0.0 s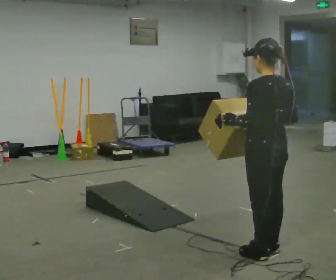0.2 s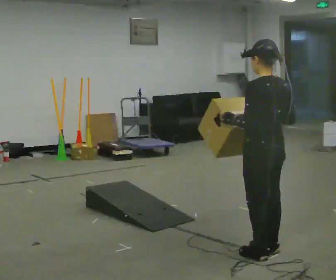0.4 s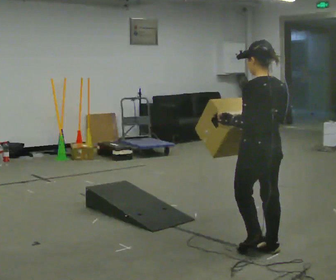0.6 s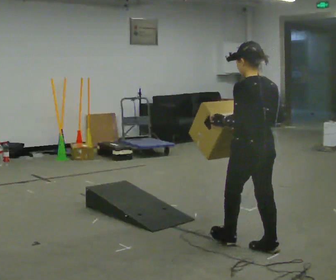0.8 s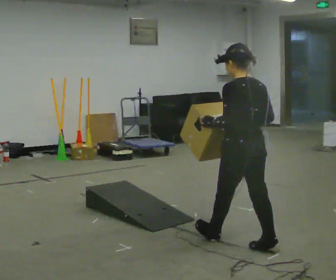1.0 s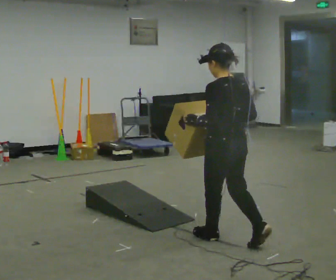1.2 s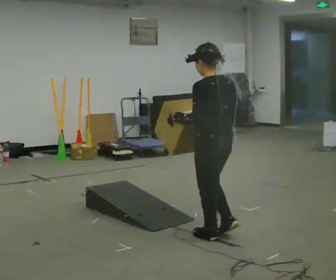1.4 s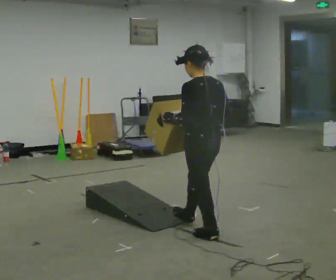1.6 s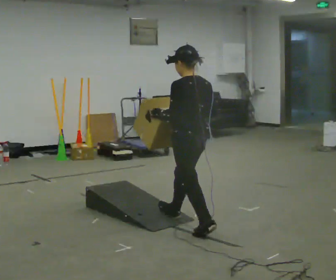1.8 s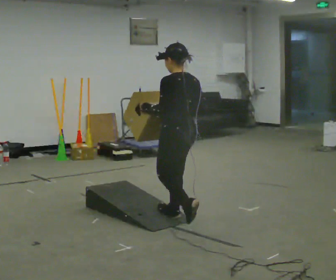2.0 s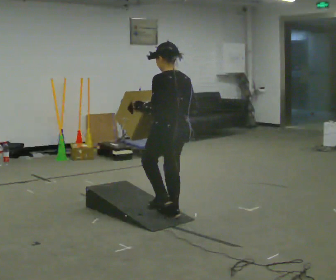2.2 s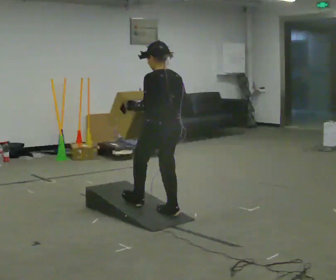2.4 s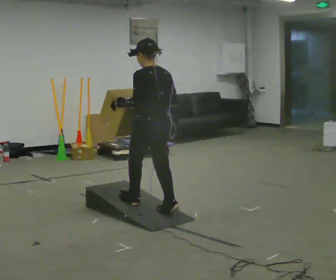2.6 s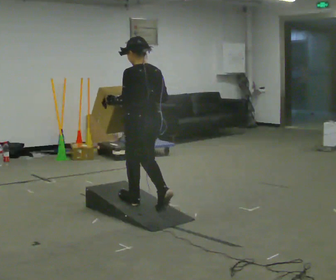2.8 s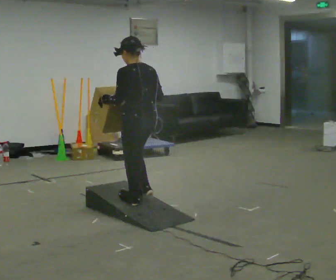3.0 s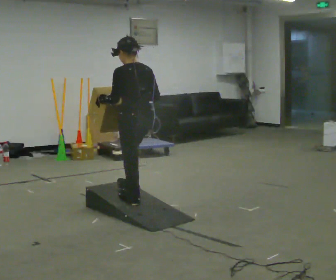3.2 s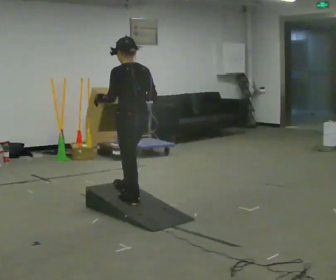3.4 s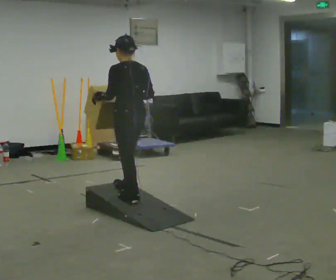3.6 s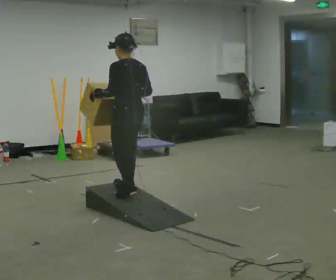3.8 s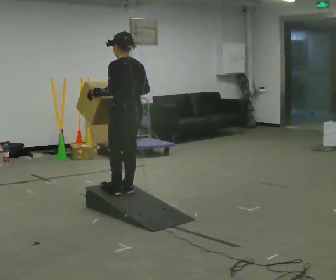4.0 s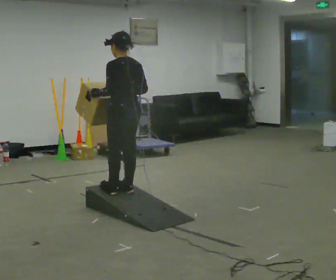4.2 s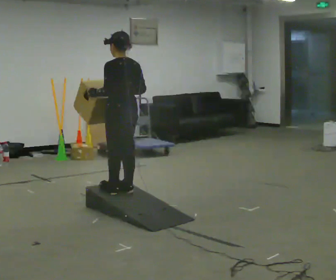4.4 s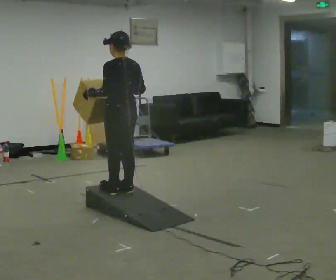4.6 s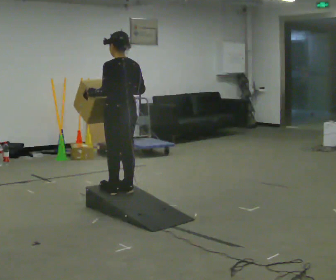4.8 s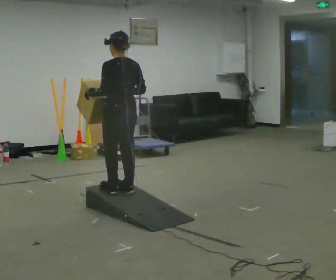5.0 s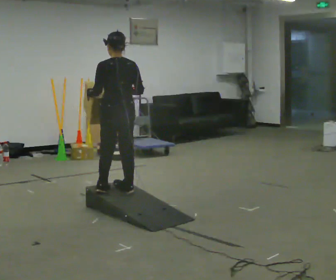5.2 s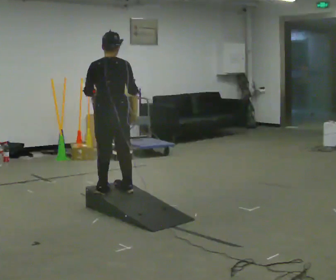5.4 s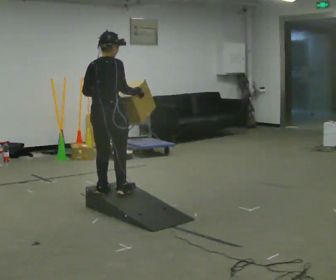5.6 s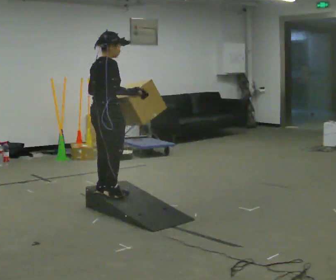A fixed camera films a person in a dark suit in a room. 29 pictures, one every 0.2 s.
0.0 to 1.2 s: In the picture they go away from the camera and to the left, about 0.5 m in 1 step, which for them is forward.
1.2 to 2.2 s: In the picture they go away from the camera and to the left, about 0.75 m in 1 step, which for them is forward.
2.2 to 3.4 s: In the picture they go away from the camera and to the left, about 0.5 m in 2 steps, which for them is forward.
3.4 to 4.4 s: The person moves a little, or ends about where they began.
4.4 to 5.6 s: The person turns about 105 degrees to their right, clockwise seen from above, so the part of the body nearest the lens slides to the left. In the picture they go to the left, about 0.25 m in 1 step.
The film runs forward here.
